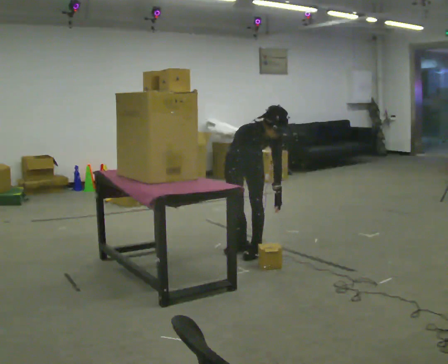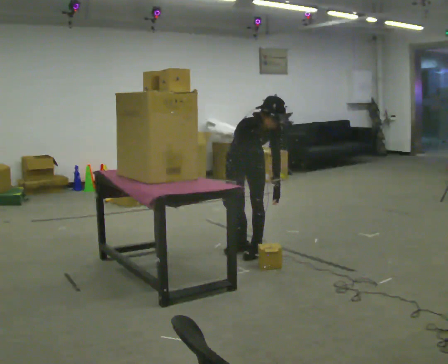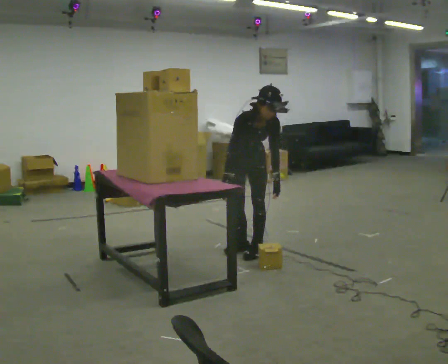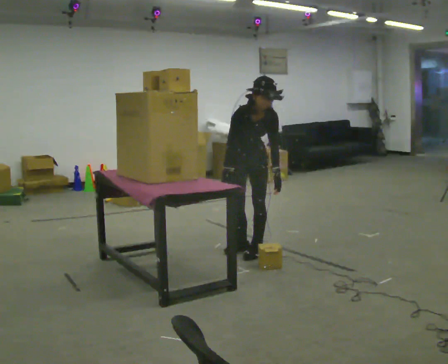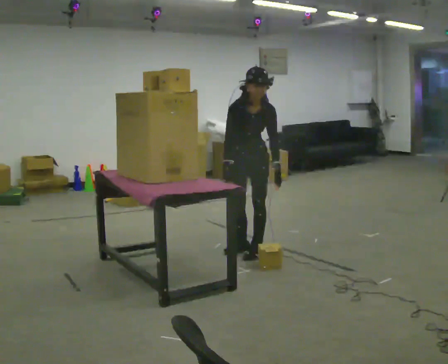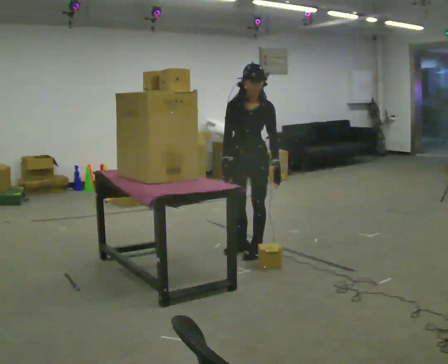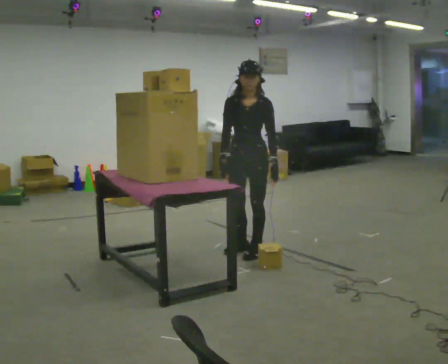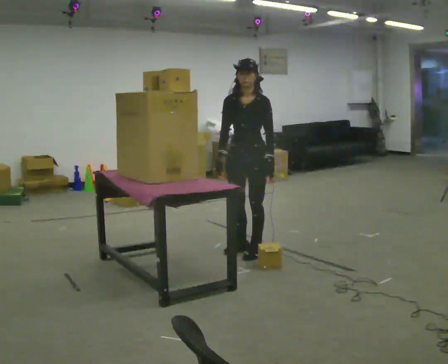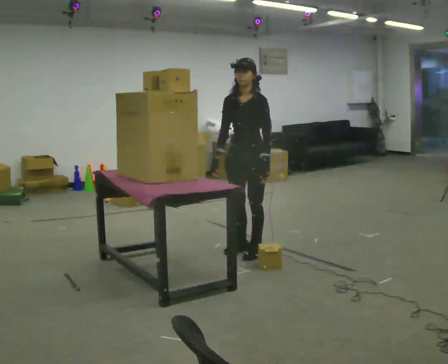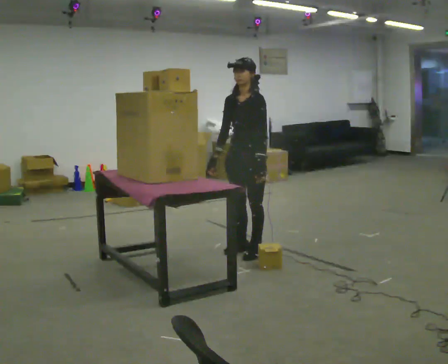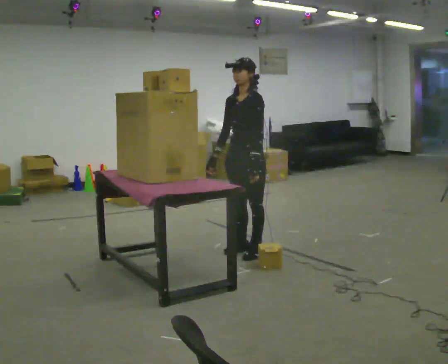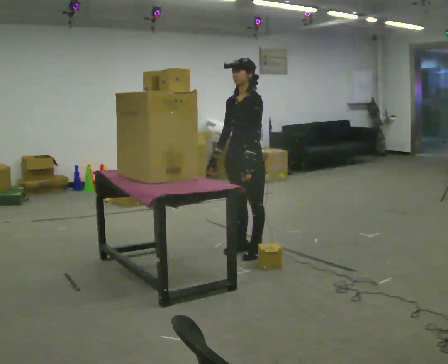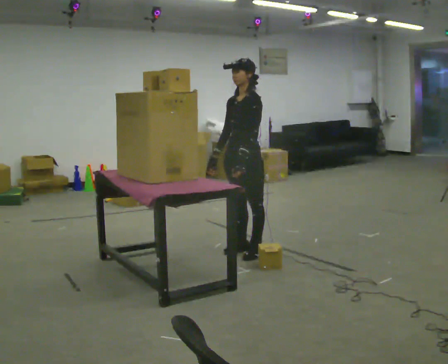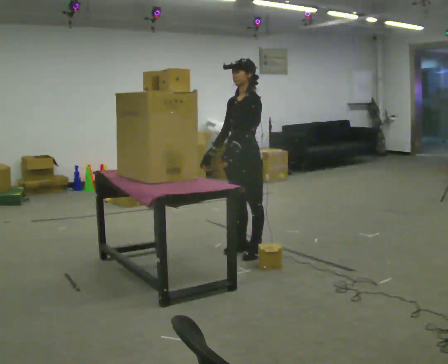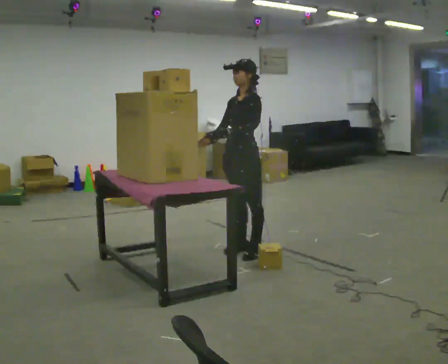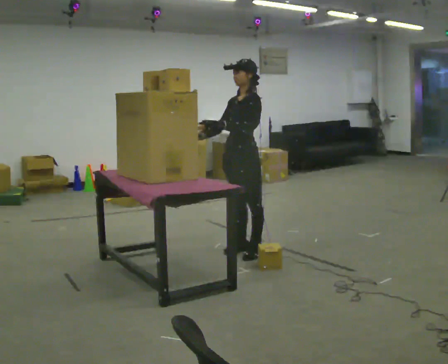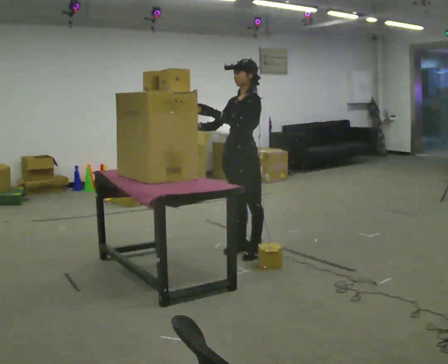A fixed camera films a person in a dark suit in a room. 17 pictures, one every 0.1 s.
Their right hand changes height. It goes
upward.
The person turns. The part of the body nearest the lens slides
to the left.
0.0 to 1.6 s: Seen from above the body turns clockwise, about 75 degrees: to their right, with its near side sliding to the left. The shoulders move upward. The upper body tips away from the camera, its near side rolling upward, as they lean back or straighten. In the picture their left hand goes upward and to the left.
The film runs forward here.
